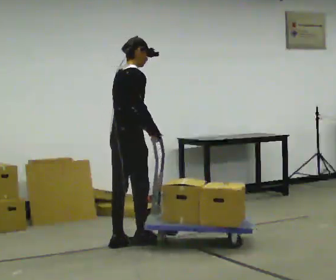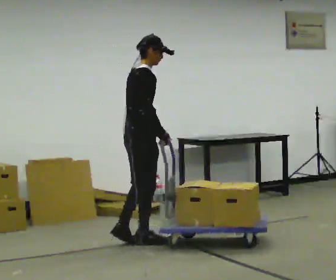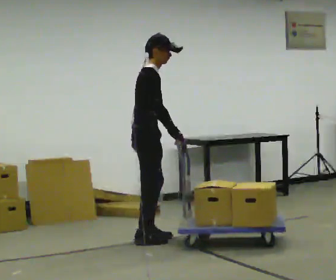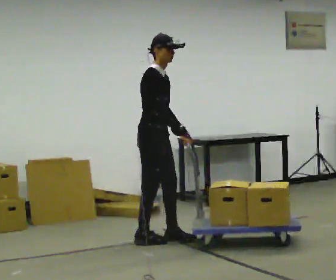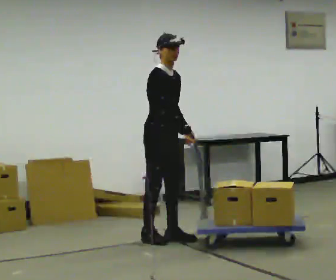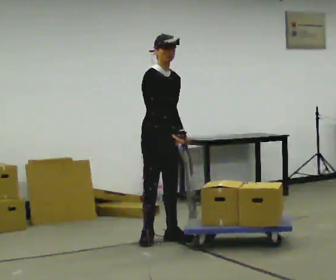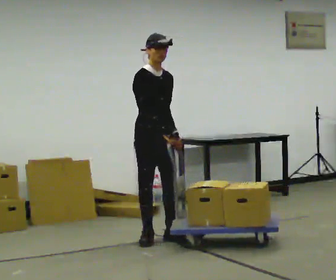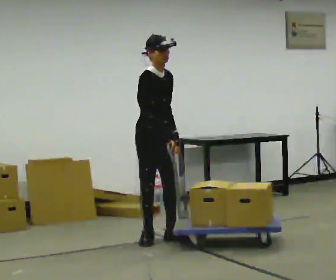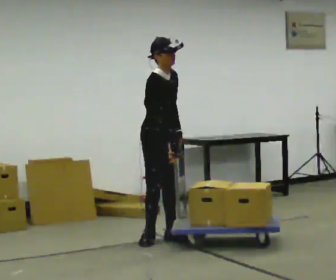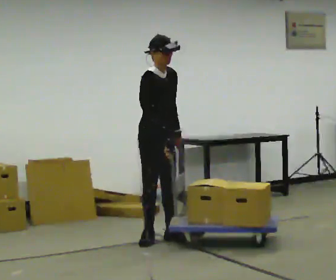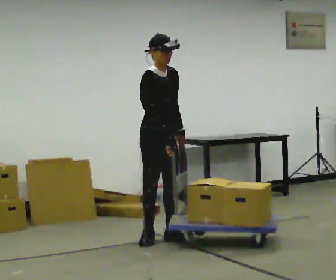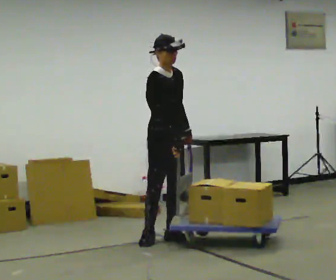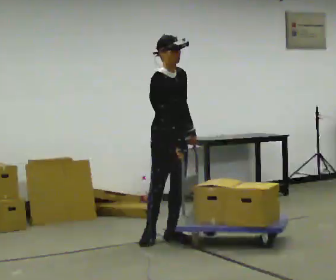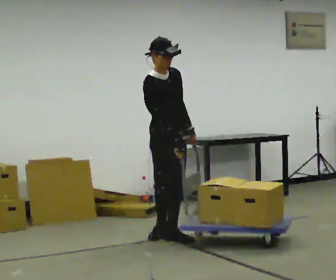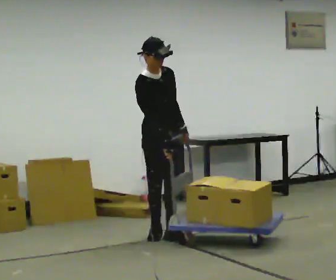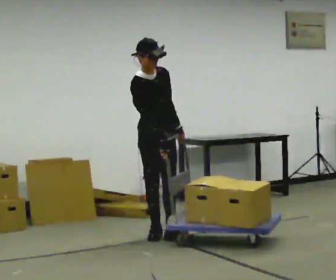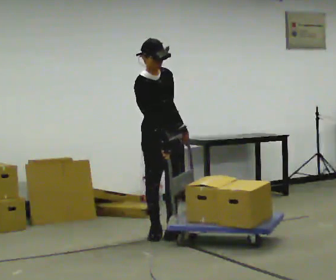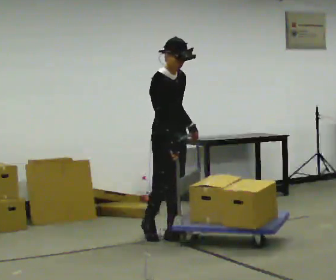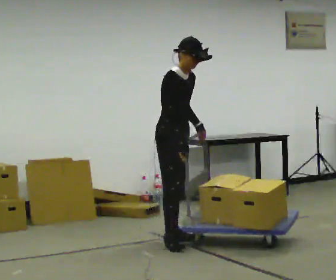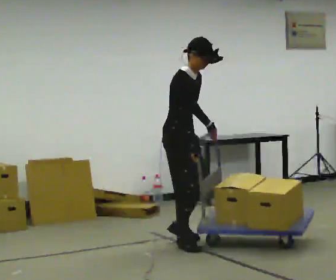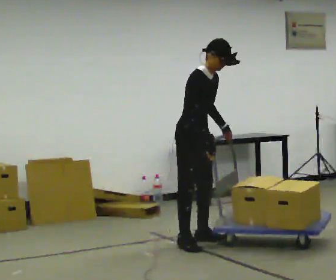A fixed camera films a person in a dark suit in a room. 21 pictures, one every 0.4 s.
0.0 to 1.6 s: Seen from above the body turns clockwise, about 75 degrees: to their right, with its near side sliding to the left. In the picture they go to the right and away from the camera, about 0.25 m in 1 step.
1.6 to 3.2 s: The upper body tips toward the camera, its near side rolling downward.
3.2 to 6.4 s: In the picture the upper body tilts counterclockwise, shoulders to the left.
6.4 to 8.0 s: The part of the body nearest the lens slides to the right as the person turns to their left by about 30 degrees. In the picture they go to the right and toward the camera, about 0.25 m in 2 steps, which for them is forward. In the picture the upper body tilts clockwise, shoulders to the right.
The film runs forward here.
